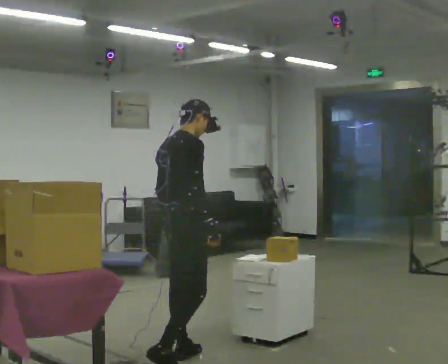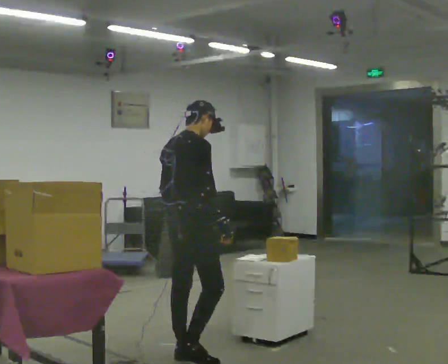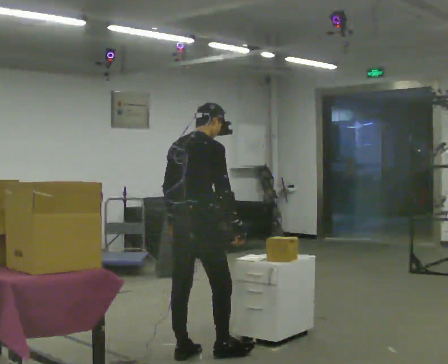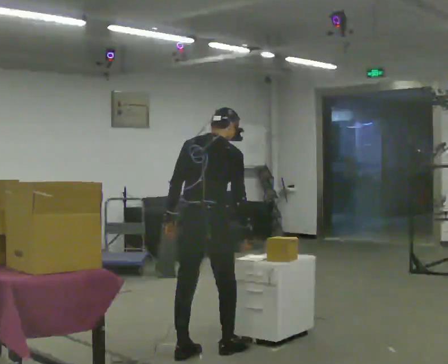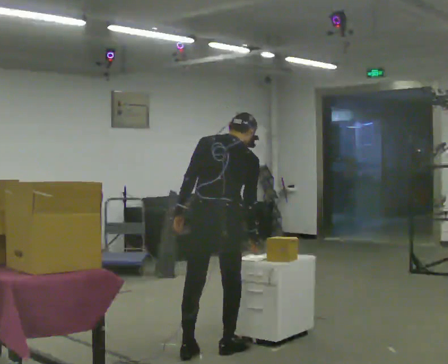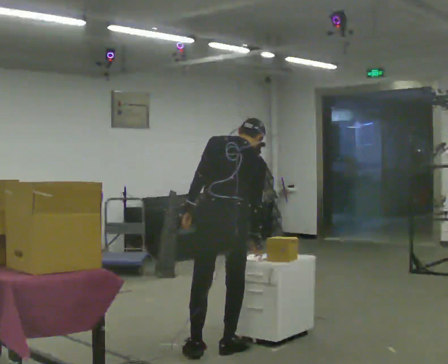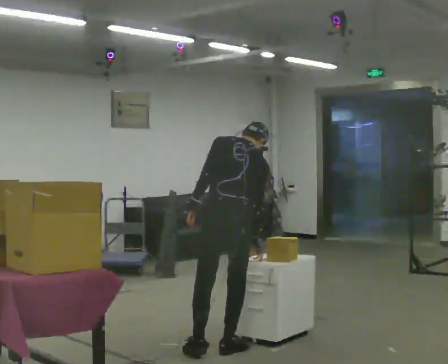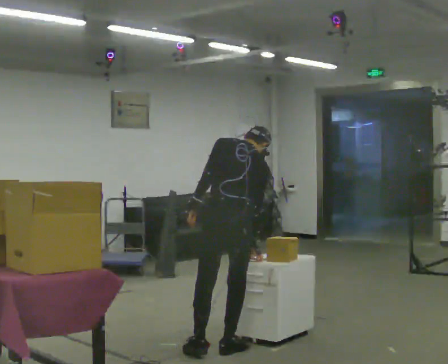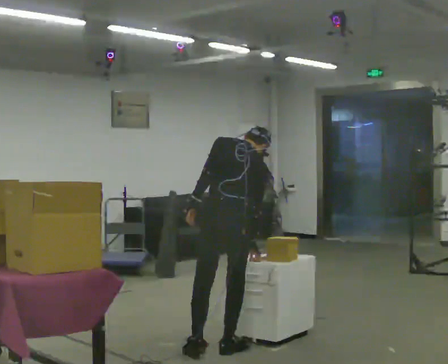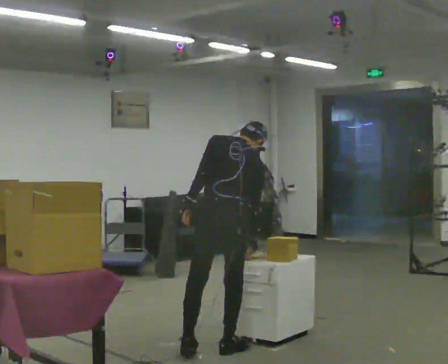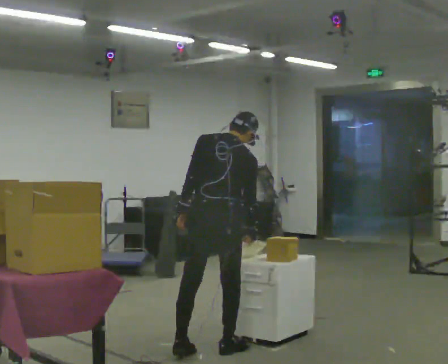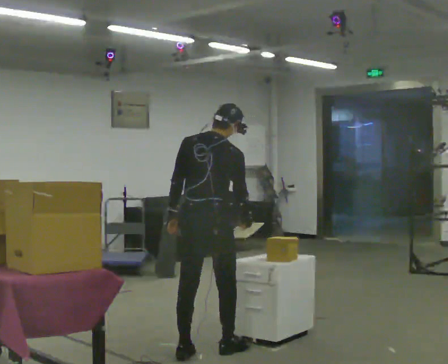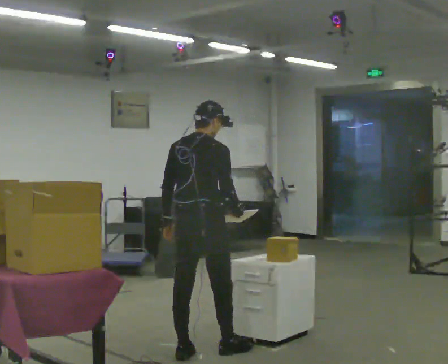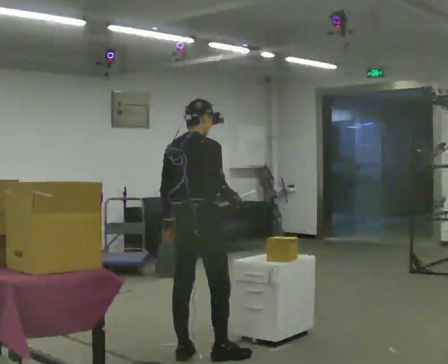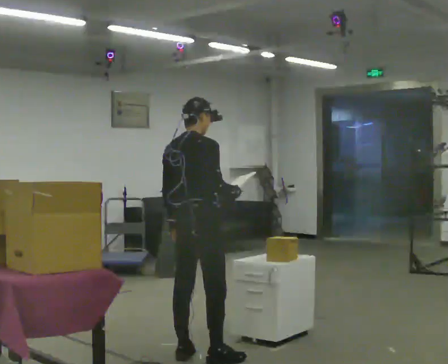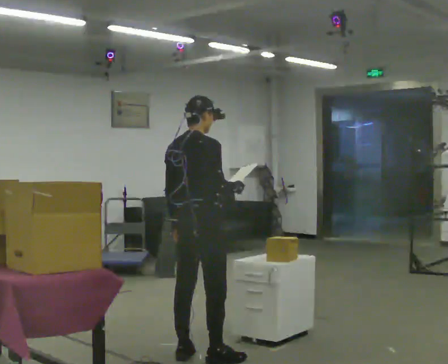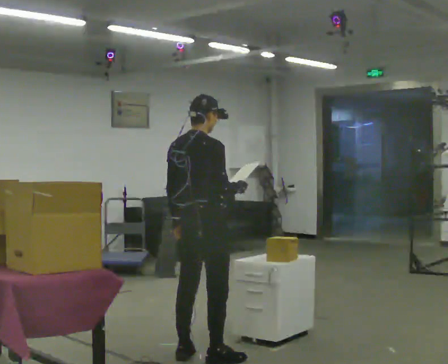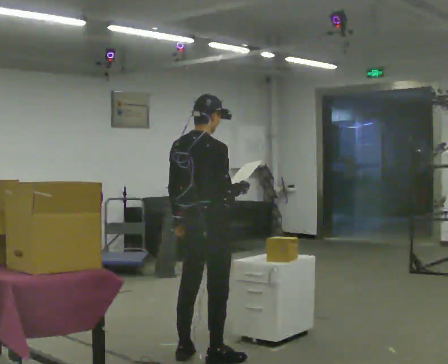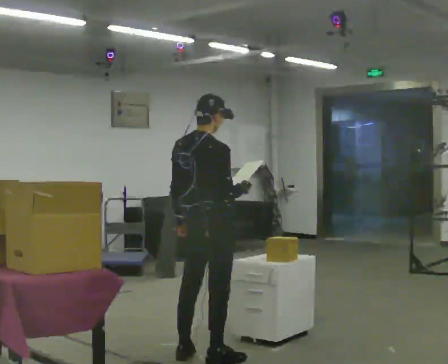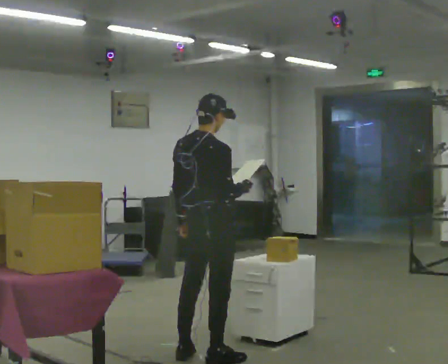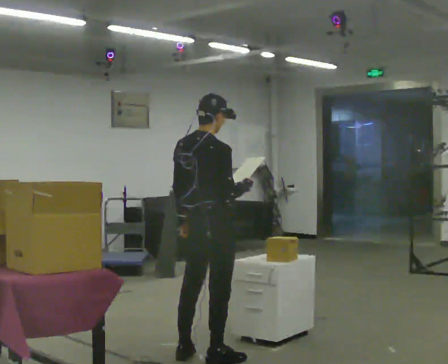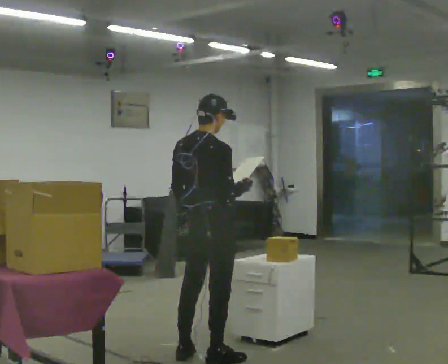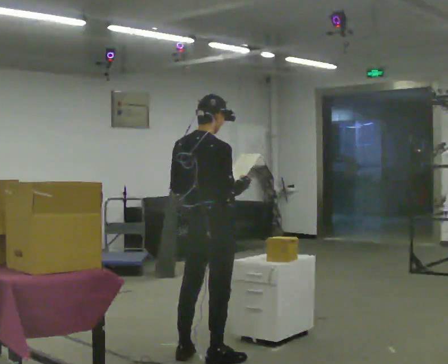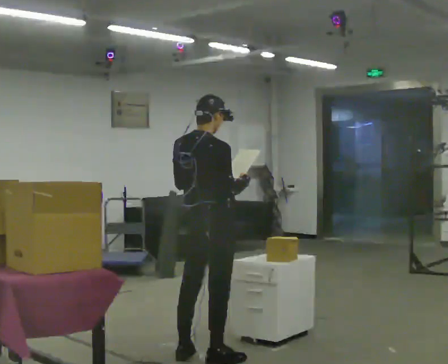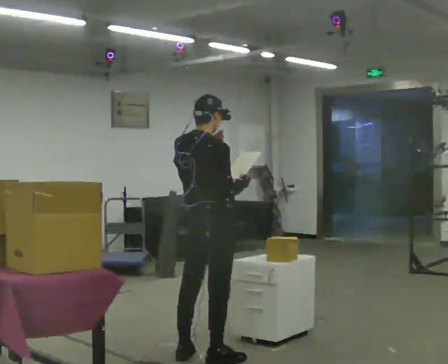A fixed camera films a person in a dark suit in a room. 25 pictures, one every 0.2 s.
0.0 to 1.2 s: The person turns about 75 degrees to their left, counterclockwise seen from above, so the part of the body nearest the lens slides to the right. In the picture they go to the right and away from the camera, about 0.5 m in 1 step. The upper body tips away from the camera, its near side rolling upward, as they bend forward.
1.2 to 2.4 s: The person turns about 45 degrees to their right, clockwise seen from above, so the part of the body nearest the lens slides to the left. In the picture they go to the left, about 0.25 m, which for them is to their left. In the picture the upper body tilts counterclockwise, shoulders to the left, as they lean back or straighten.
2.4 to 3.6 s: The upper body tips toward the camera, its near side rolling downward, as they lean back or straighten.
3.6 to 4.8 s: In the picture their left hand goes upward.
The film runs forward here.
